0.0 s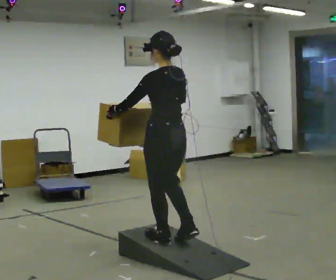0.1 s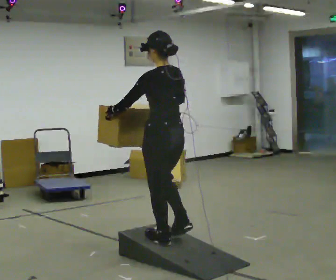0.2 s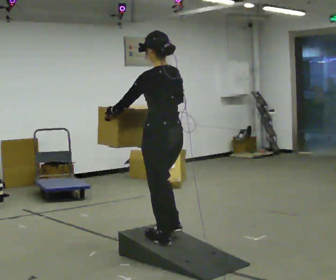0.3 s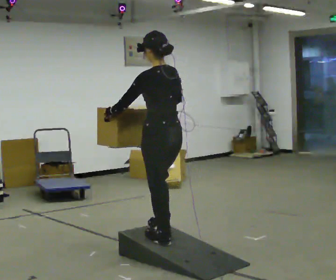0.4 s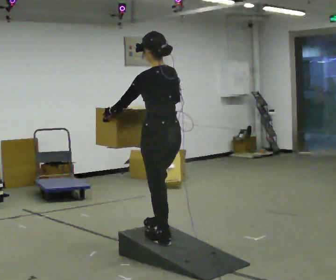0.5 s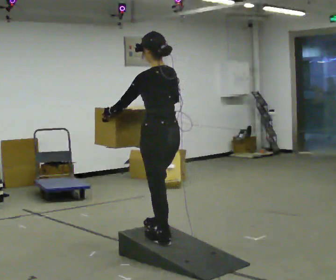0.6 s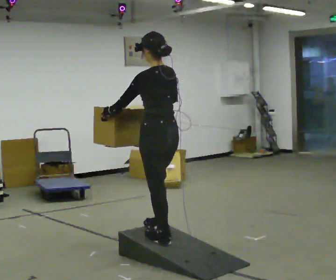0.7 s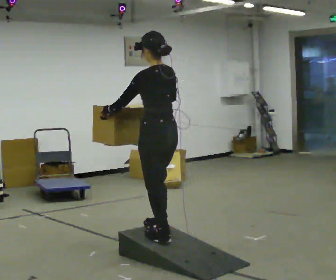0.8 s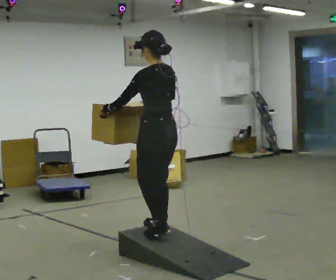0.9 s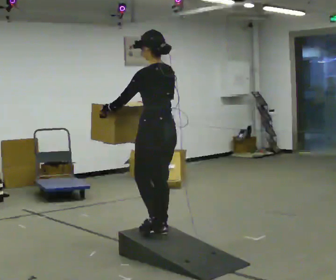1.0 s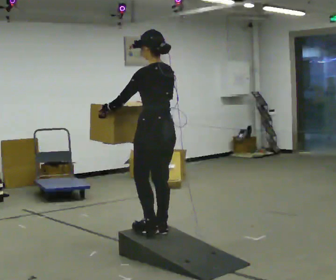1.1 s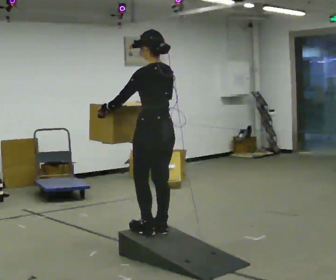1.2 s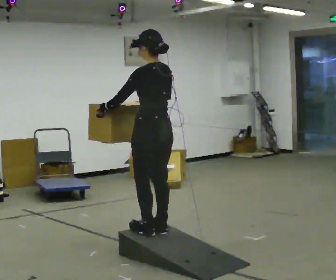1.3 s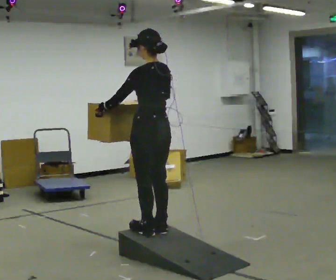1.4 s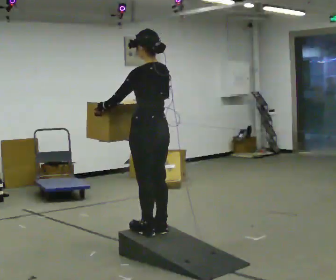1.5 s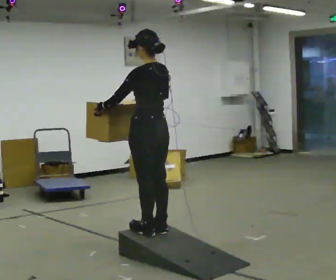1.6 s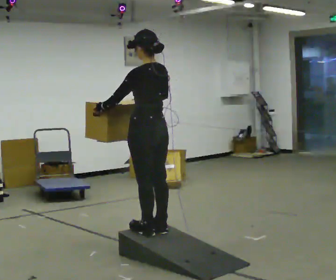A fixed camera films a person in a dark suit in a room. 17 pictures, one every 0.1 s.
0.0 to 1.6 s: In the picture they go away from the camera, about 0.25 m in 2 steps, which for them is forward.
The film runs forward here.
